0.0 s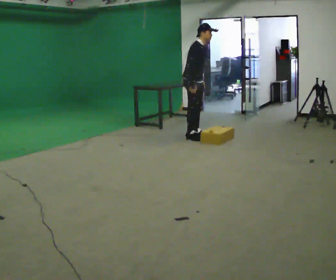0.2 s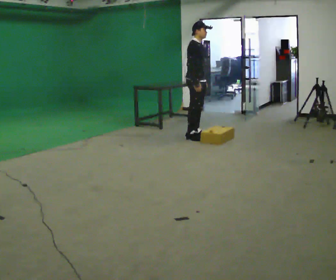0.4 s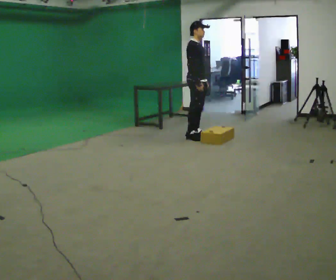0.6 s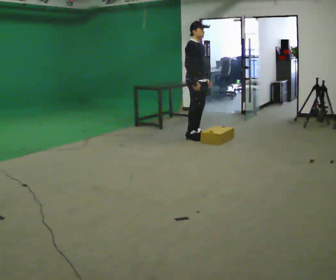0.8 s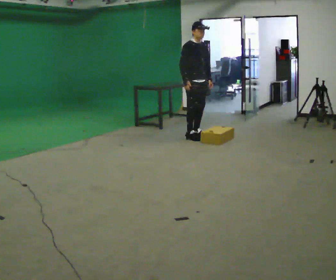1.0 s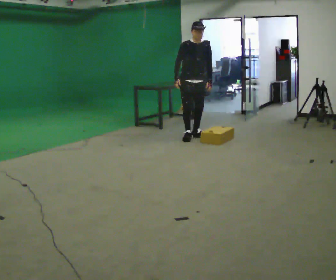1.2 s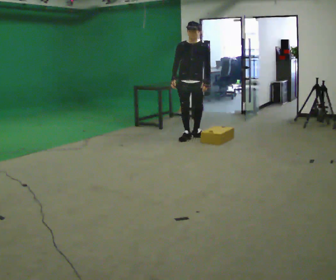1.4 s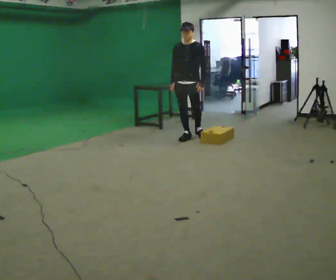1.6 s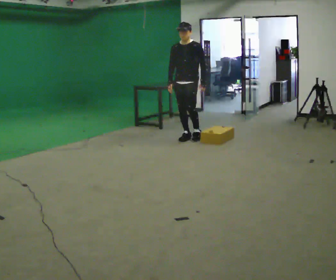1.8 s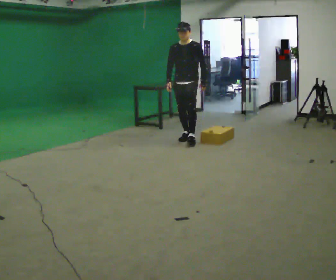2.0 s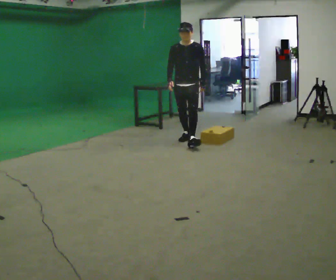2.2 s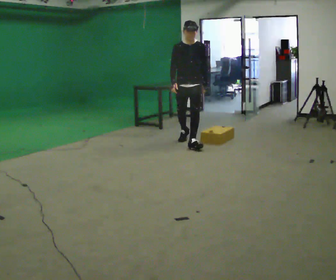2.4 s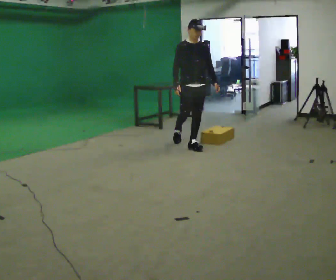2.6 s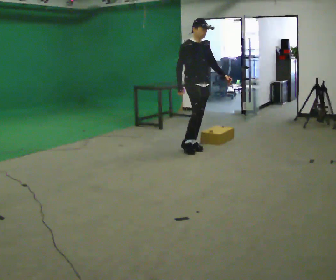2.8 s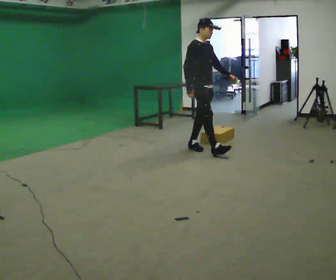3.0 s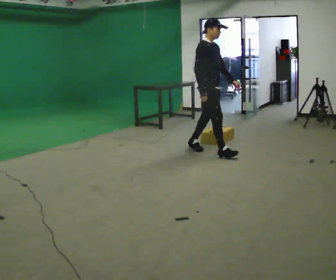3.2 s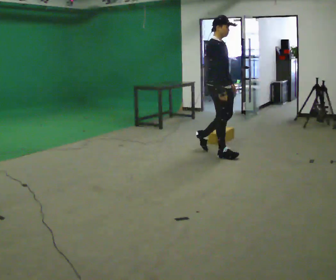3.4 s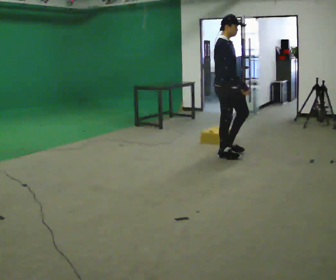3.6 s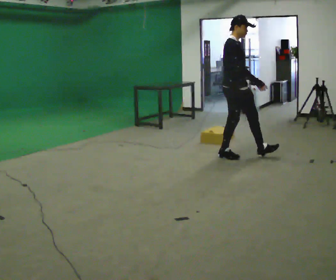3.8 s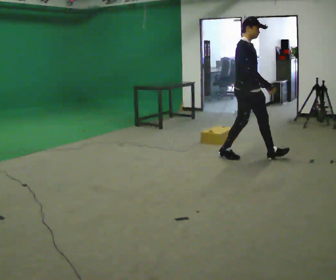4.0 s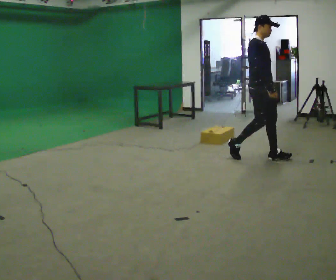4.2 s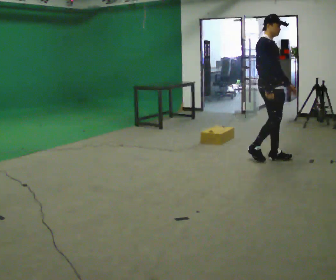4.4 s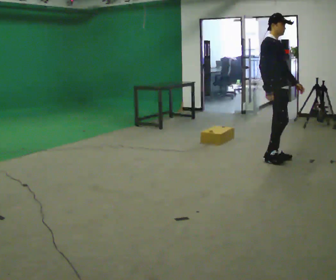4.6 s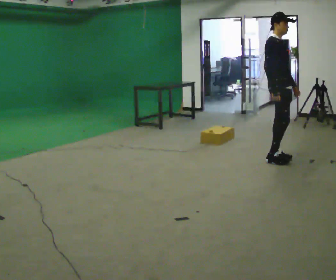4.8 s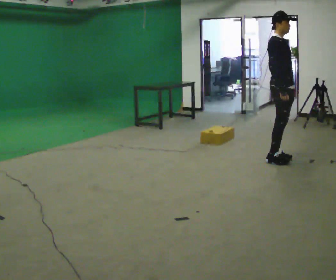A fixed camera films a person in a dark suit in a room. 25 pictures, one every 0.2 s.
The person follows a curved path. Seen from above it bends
counterclockwise.
0.0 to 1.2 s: The part of the body nearest the lens slides to the left as the person turns to their right by about 75 degrees.
1.2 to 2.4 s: The person turns about 30 degrees to their left, counterclockwise seen from above, so the part of the body nearest the lens slides to the right. In the picture they go toward the camera, about 0.5 m in 1 step, which for them is forward.
2.4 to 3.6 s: The part of the body nearest the lens slides to the right as the person turns to their left by about 45 degrees. In the picture they go to the right and toward the camera, about 1 m in 1 step, which for them is forward and to their right.
3.6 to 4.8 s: In the picture they go to the right, about 0.5 m in 2 steps, which for them is forward.
The film runs forward here.
